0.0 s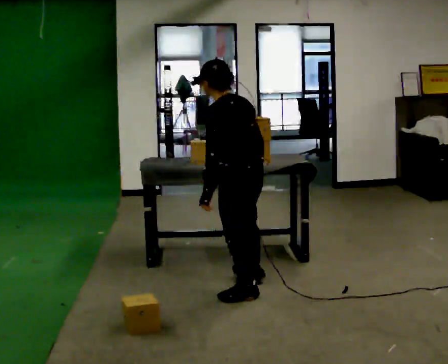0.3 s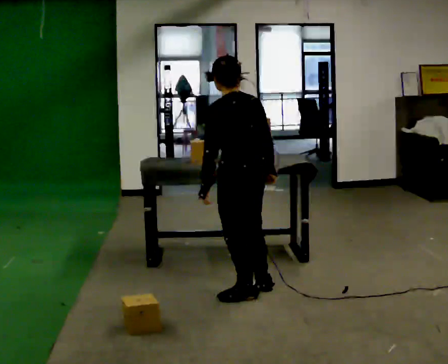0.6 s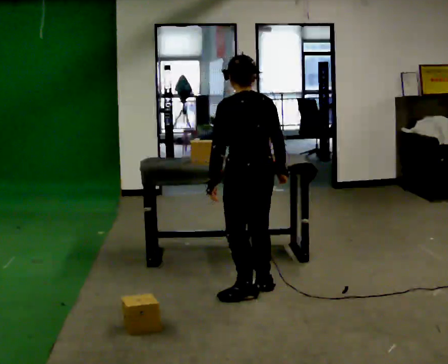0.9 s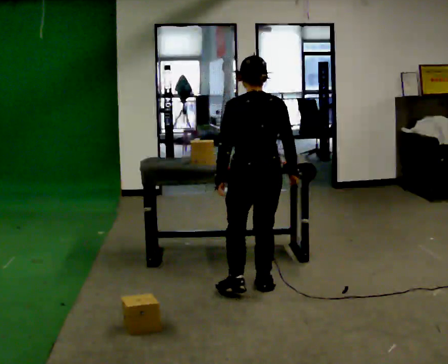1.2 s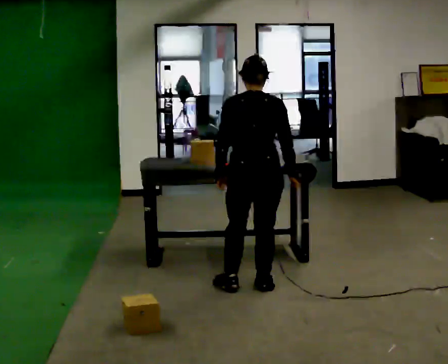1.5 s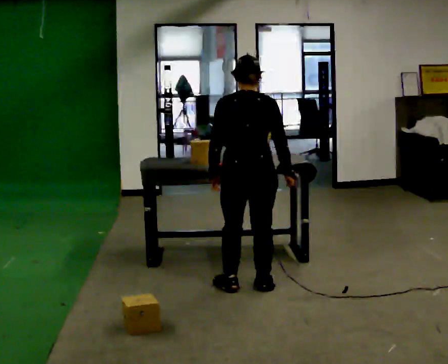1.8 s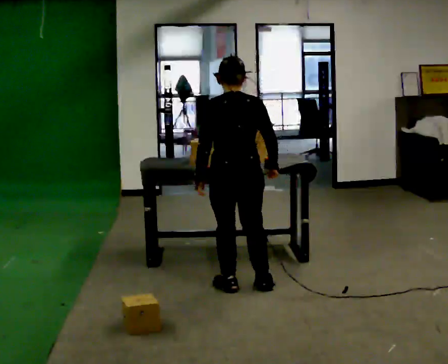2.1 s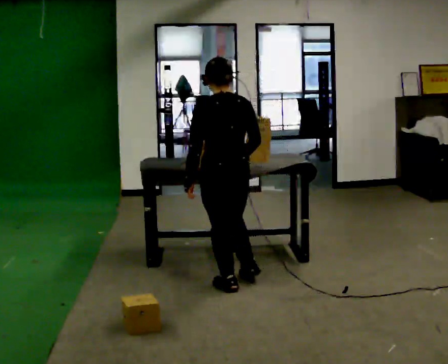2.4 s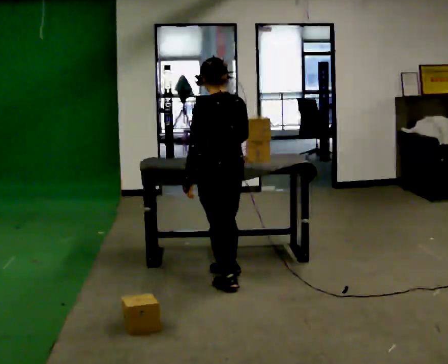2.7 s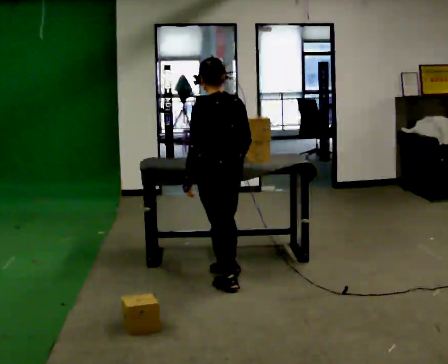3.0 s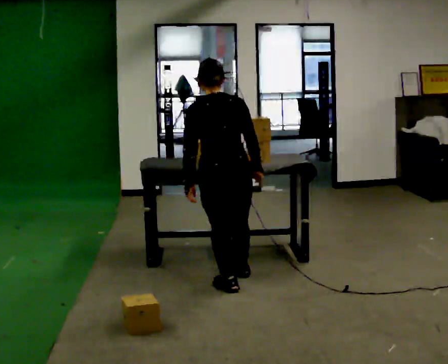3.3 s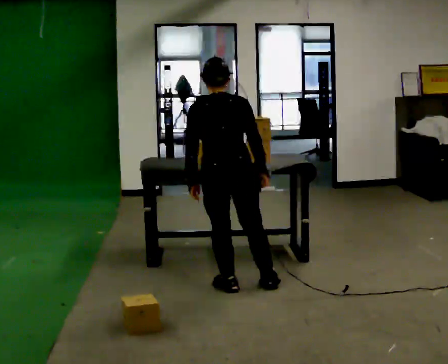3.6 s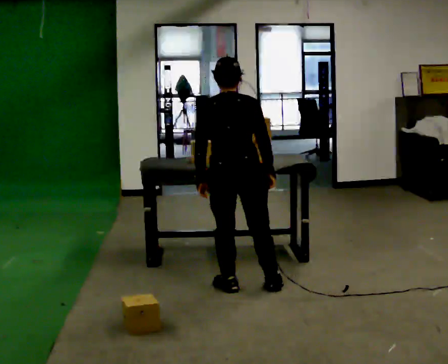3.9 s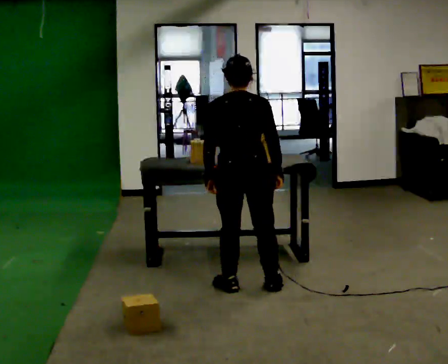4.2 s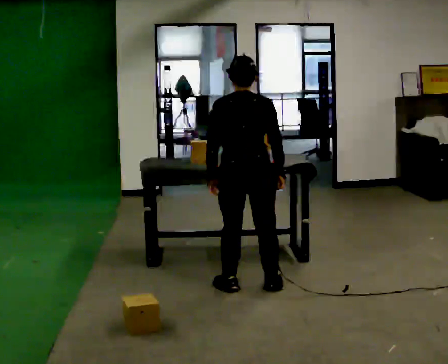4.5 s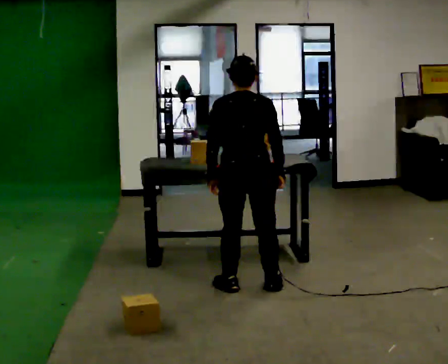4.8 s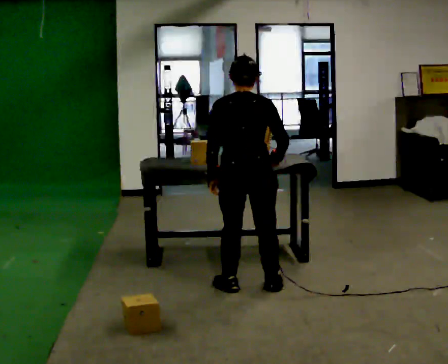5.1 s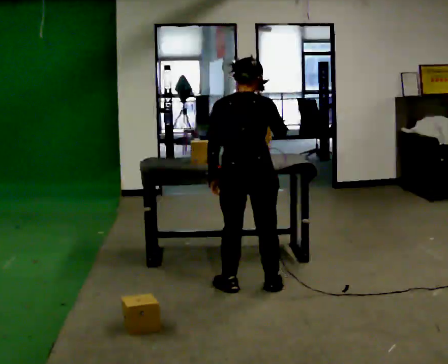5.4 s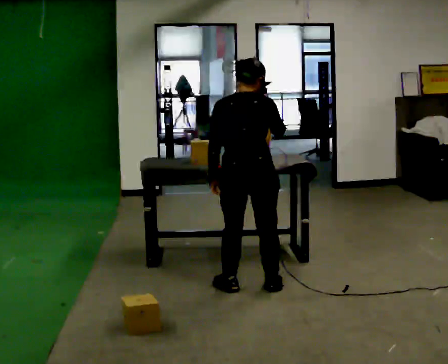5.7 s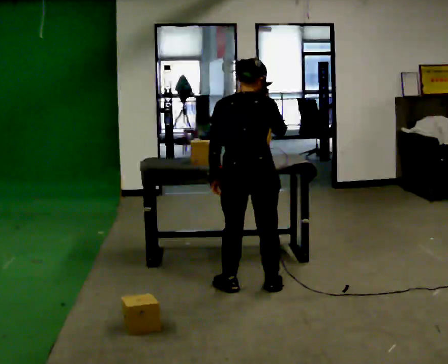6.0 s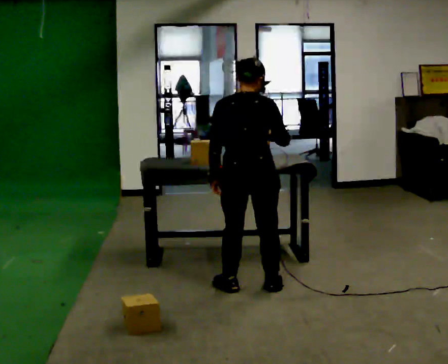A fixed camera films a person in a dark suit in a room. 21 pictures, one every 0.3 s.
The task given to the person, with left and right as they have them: Pick the object up off the floor using only the hand the operator calls, then carry it to the table in that same hand. Keep going until the operator says stop; one object at a time, and do not rush between trips.
0.0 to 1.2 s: Seen from above the body turns clockwise, about 60 degrees: to their right, with its near side sliding to the left. In the picture they go away from the camera, about 0.25 m in 2 steps, which for them is to their right and forward.
1.2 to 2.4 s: The part of the body nearest the lens slides to the right as the person turns to their left by about 30 degrees. In the picture they go to the left, about 0.25 m in 1 step, which for them is to their left and forward. In the picture their right hand goes to the left.
2.4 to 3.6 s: Seen from above the body turns clockwise, about 45 degrees: to their right, with its near side sliding to the left.
3.6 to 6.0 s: The person moves a little, or ends about where they began.
The film runs forward here.
